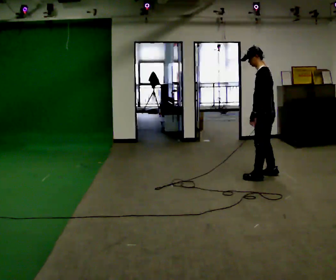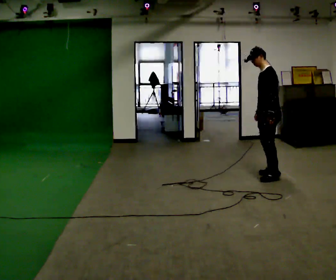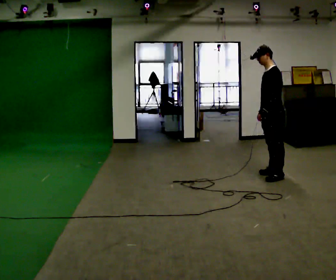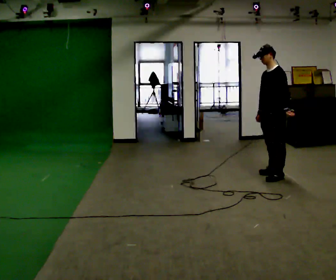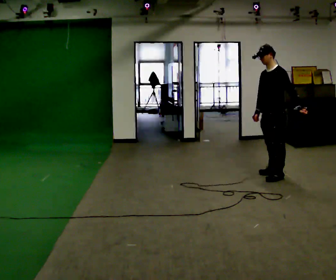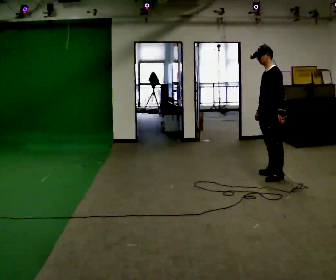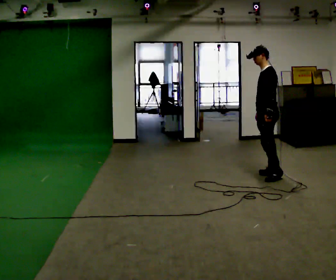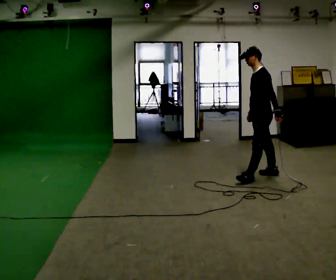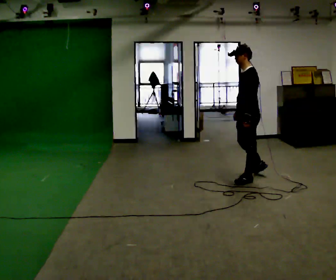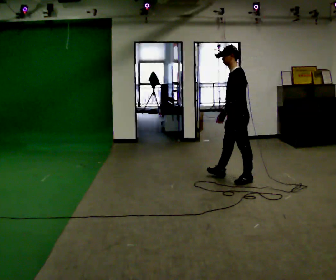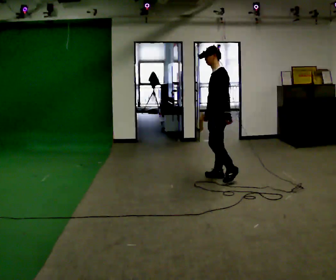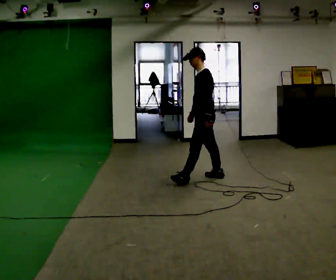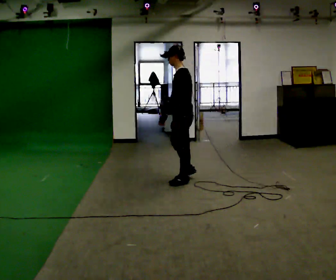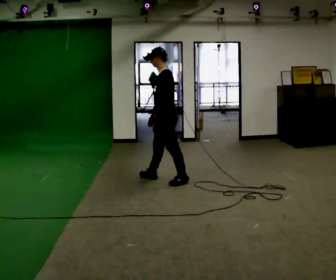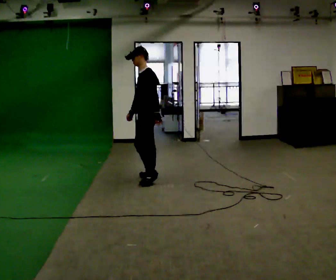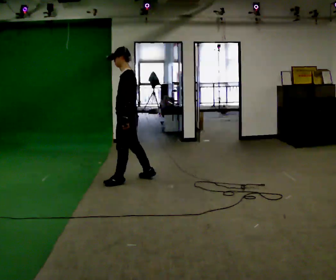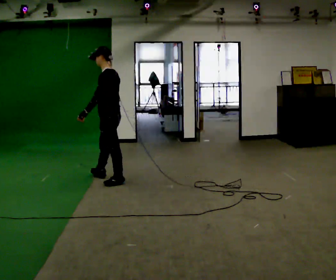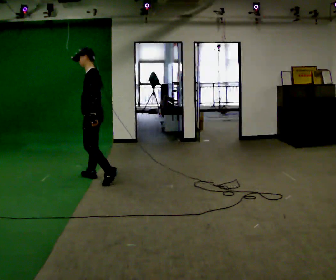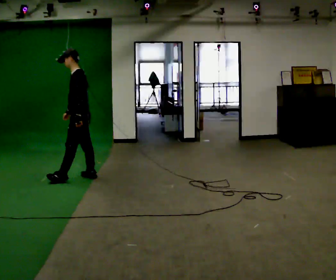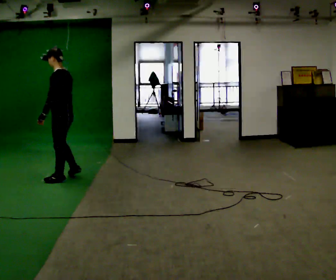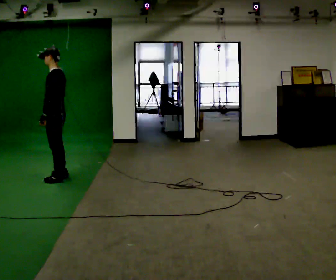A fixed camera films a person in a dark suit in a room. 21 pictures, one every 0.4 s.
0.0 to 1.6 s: The part of the body nearest the lens slides to the right as the person turns to their left by about 45 degrees. In the picture their left hand goes to the right.
1.6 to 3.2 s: In the picture they go to the left, about 0.25 m in 1 step, which for them is forward.
3.2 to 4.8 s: In the picture they go to the left, about 1 m in 2 steps, which for them is forward.
4.8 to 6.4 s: In the picture they go to the left, about 1 m in 2 steps, which for them is forward.
6.4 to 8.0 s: In the picture they go to the left, about 0.5 m in 3 steps, which for them is forward.
The film runs forward here.
